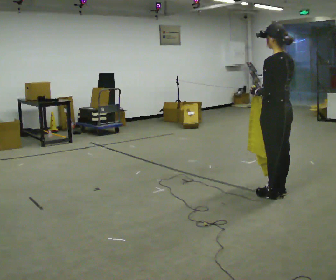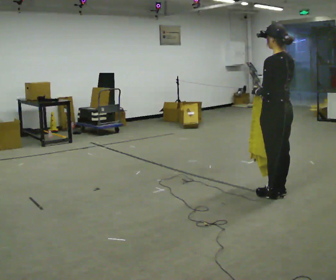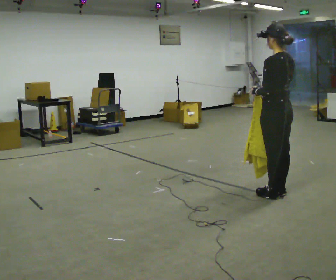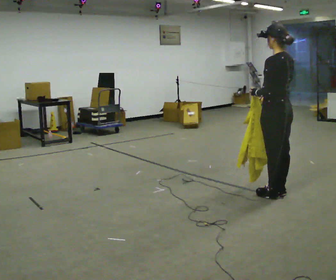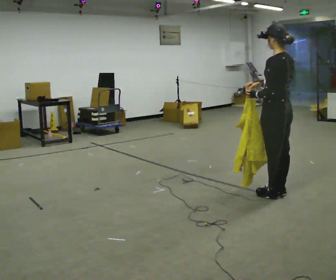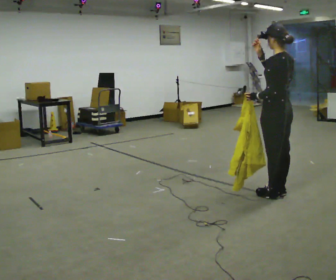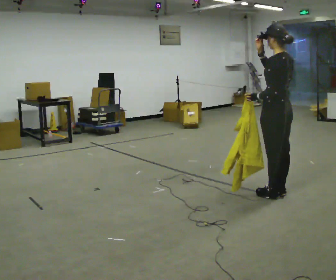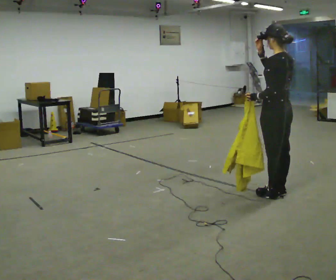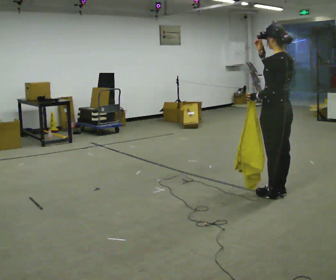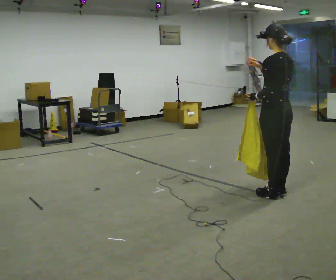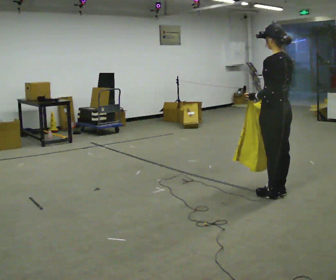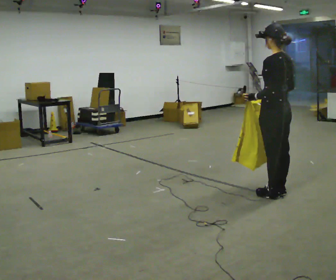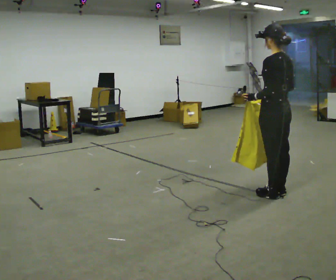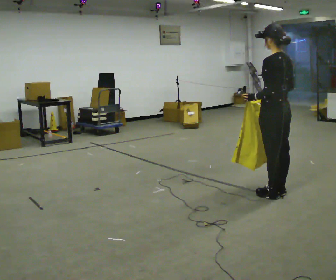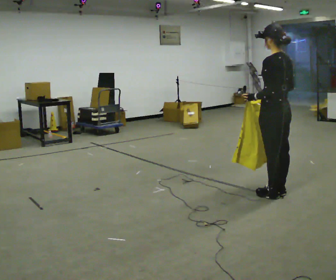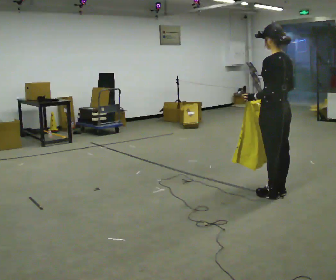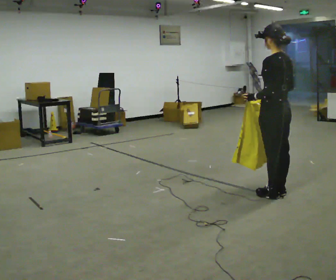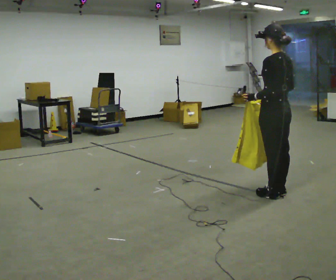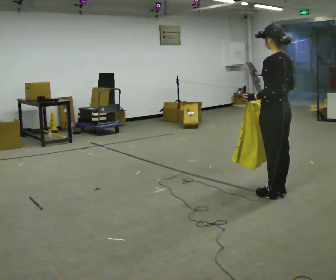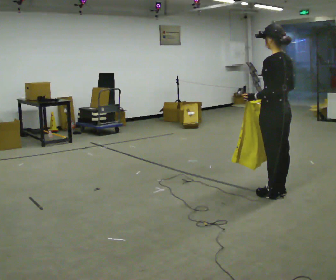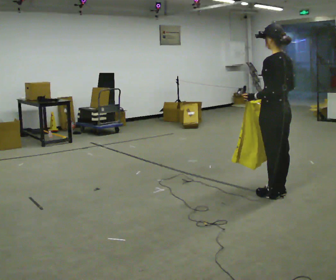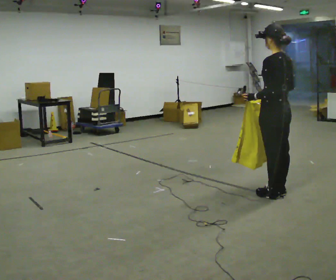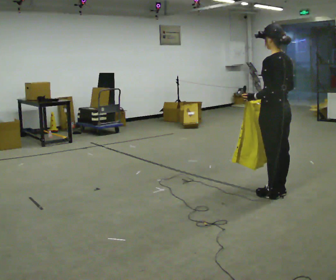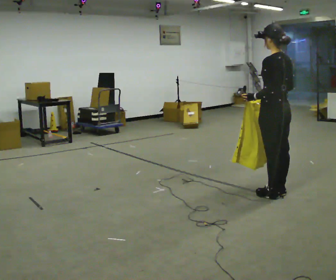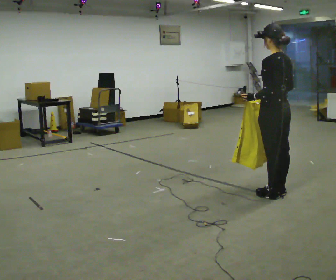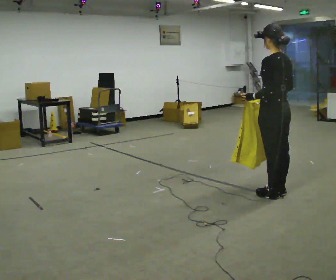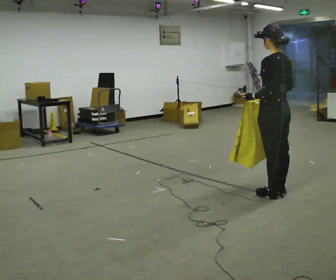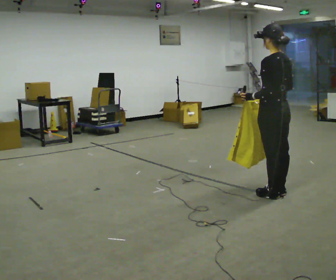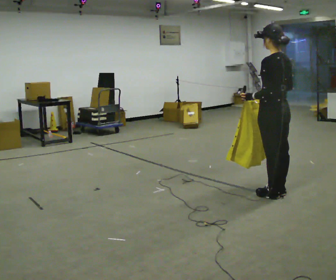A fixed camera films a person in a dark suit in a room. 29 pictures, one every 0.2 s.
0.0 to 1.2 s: In the picture their right hand goes upward.
1.2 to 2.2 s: In the picture their right hand goes downward.
2.2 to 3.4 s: The person moves a little, or ends about where they began.
3.4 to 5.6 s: The person keeps their place and pose.
The film runs backward here.
